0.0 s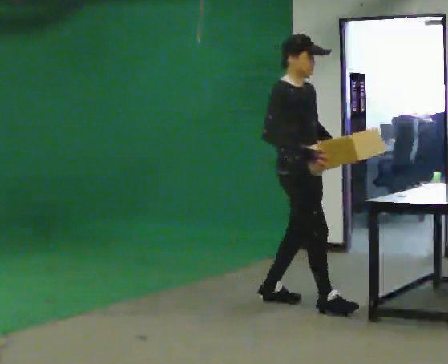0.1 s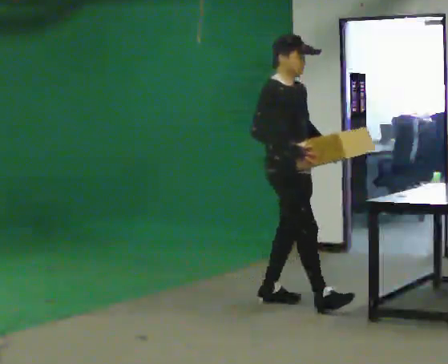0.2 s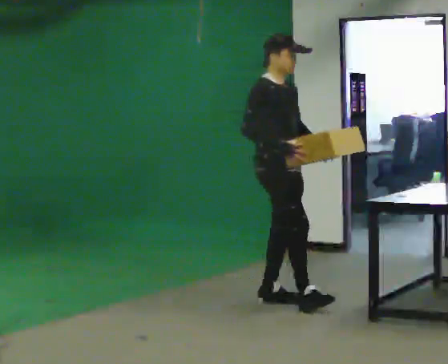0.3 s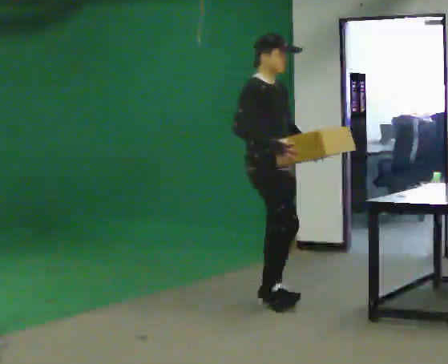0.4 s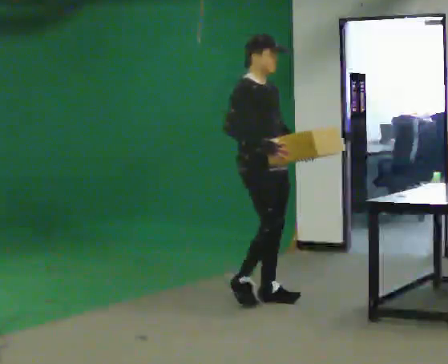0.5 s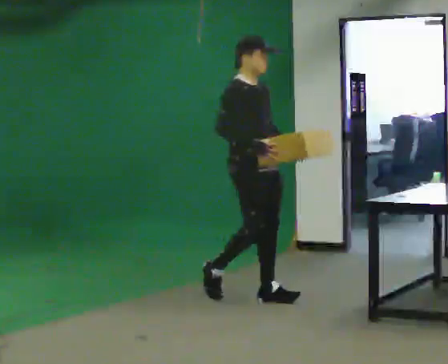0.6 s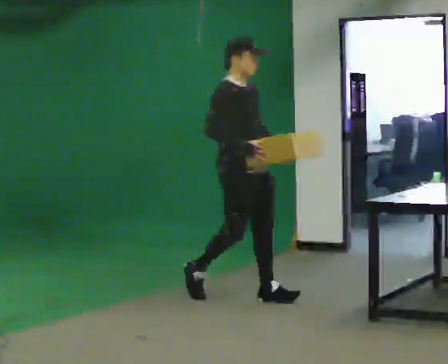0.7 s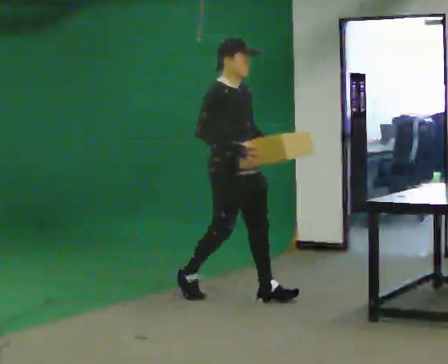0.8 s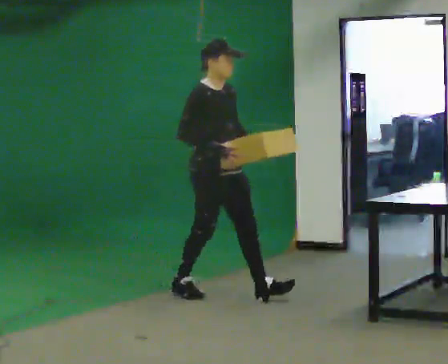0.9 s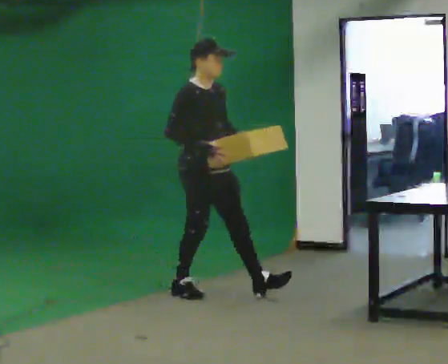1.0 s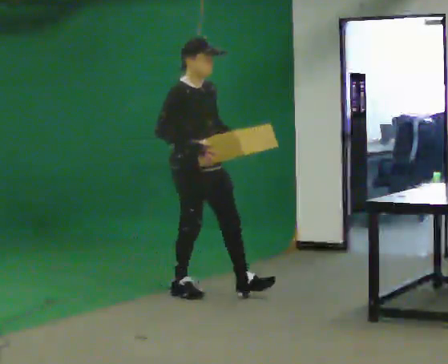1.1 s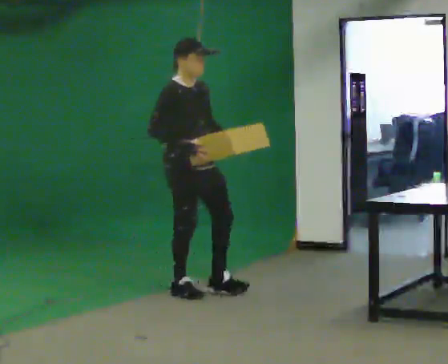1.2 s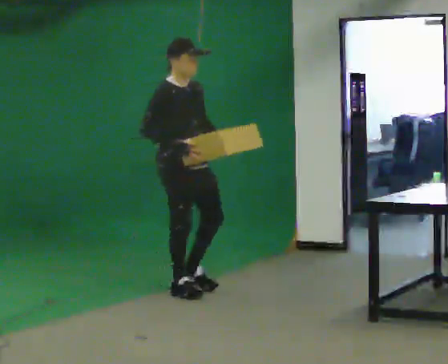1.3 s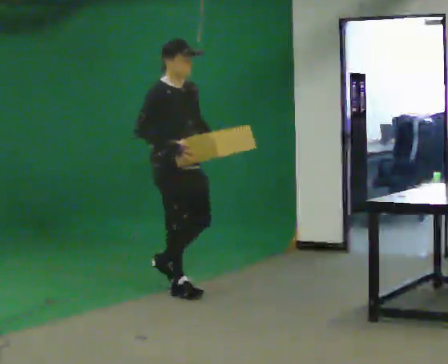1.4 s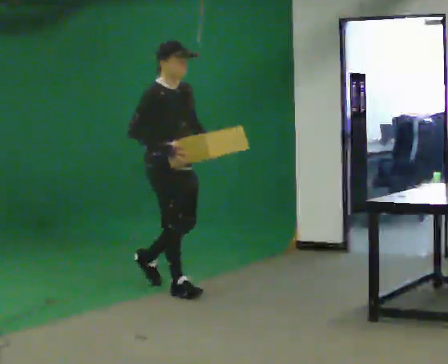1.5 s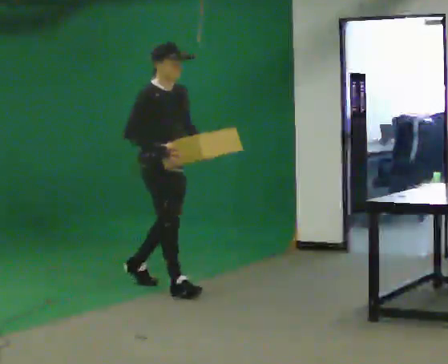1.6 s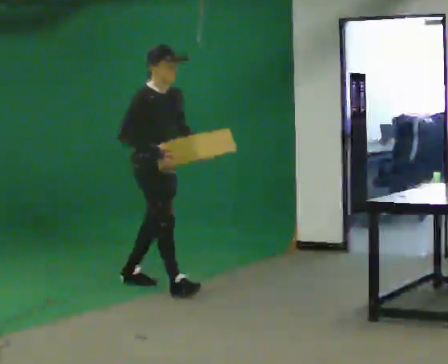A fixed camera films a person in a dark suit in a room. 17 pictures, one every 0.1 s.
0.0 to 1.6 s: In the picture they go to the left and away from the camera, about 1 m in 2 steps, which for them is backward.
The film runs backward here.
